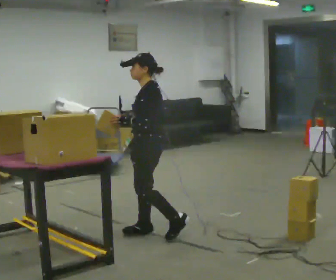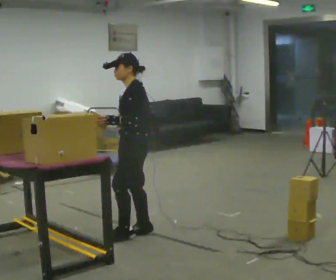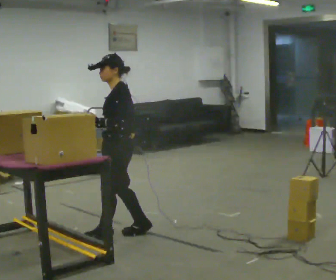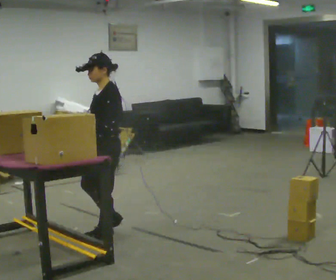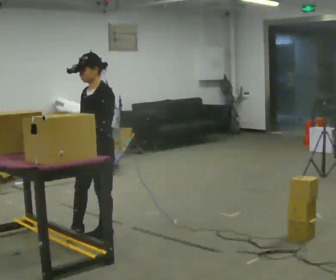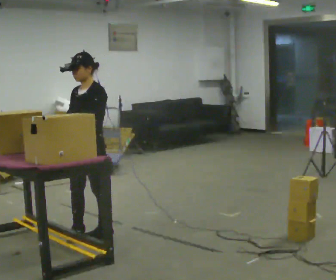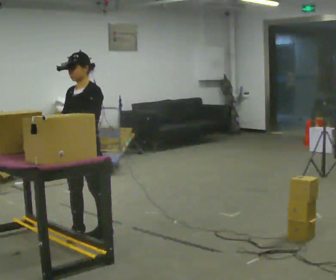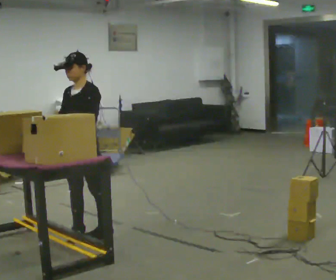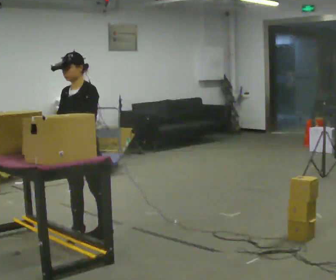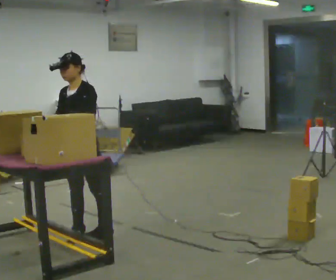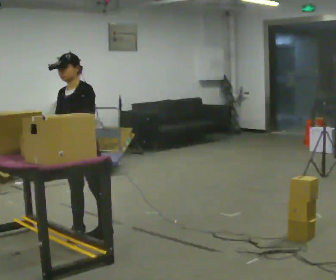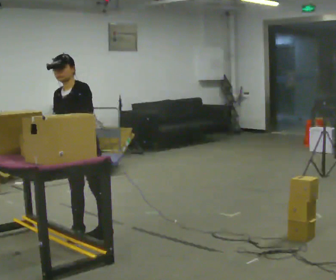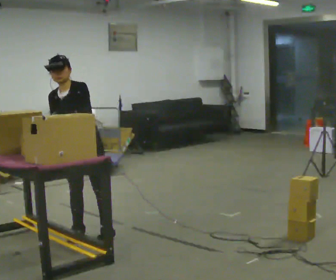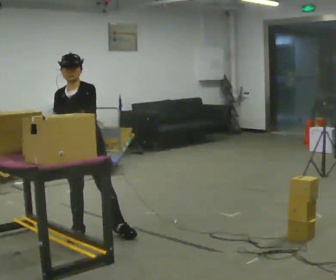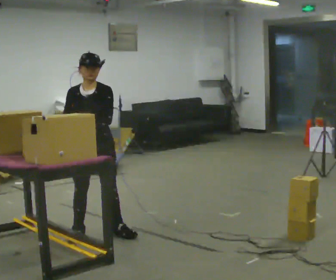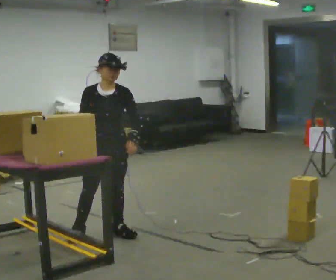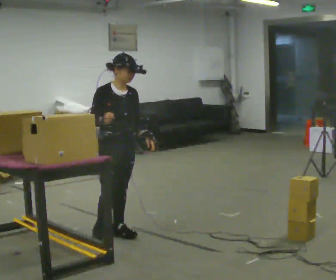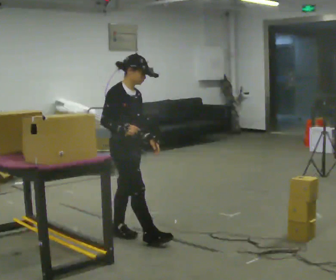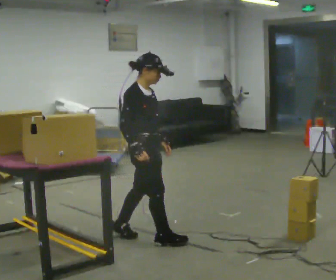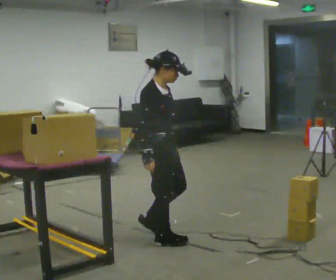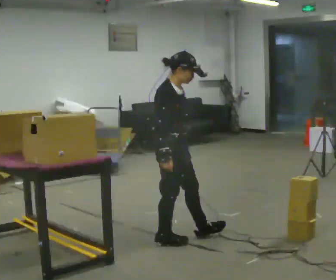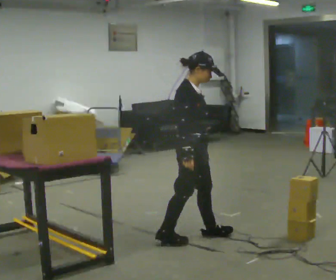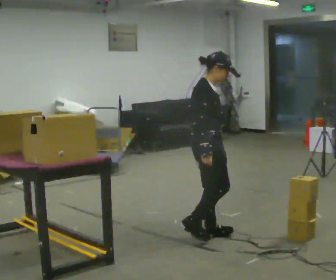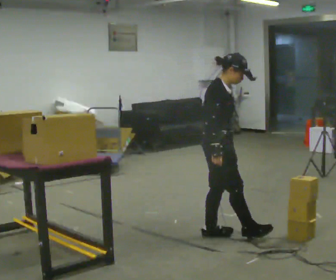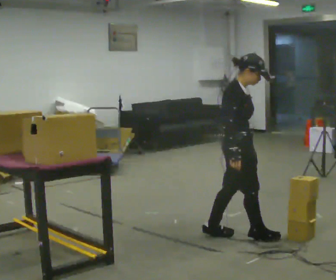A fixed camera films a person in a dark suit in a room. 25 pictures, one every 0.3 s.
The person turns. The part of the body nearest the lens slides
to the right.
The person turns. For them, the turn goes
to their left.
0.0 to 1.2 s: The part of the body nearest the lens slides to the right as the person turns to their left by about 45 degrees. In the picture they go to the left, about 0.5 m in 2 steps, which for them is forward.
1.2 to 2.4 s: The person moves a little, or ends about where they began.
2.4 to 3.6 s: In the picture the upper body tilts counterclockwise, shoulders to the left.
3.6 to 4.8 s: The part of the body nearest the lens slides to the right as the person turns to their left by about 60 degrees. In the picture they go to the right, about 0.25 m, which for them is to their left. In the picture the upper body tilts clockwise, shoulders to the right.
4.8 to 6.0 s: Seen from above the body turns counterclockwise, about 30 degrees: to their left, with its near side sliding to the right. In the picture they go toward the camera and to the right, about 0.5 m in 1 step, which for them is forward.
6.0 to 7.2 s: In the picture they go to the right, about 0.5 m in 2 steps, which for them is forward.
The film runs forward here.
